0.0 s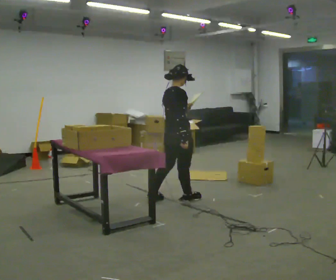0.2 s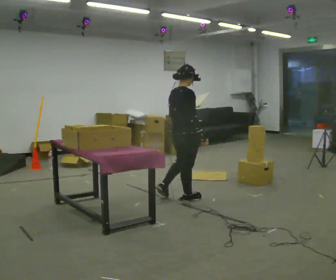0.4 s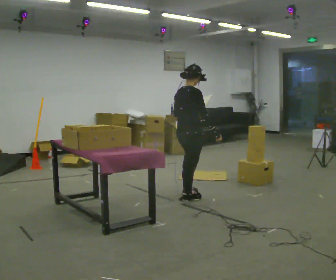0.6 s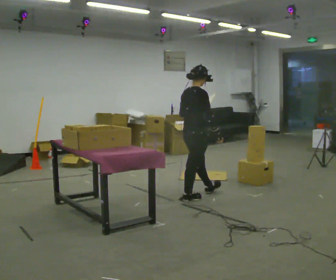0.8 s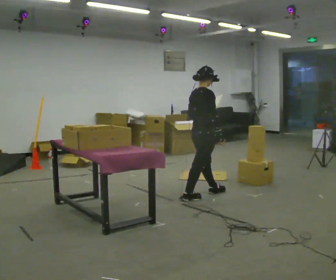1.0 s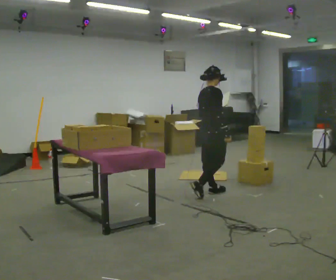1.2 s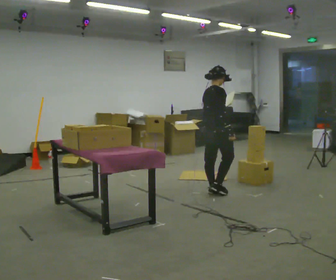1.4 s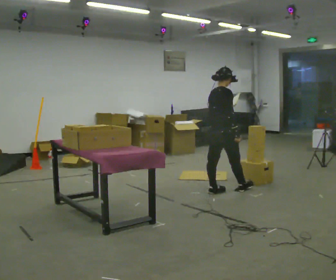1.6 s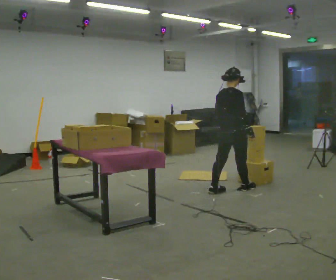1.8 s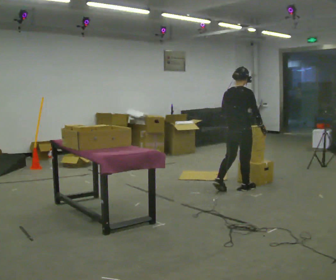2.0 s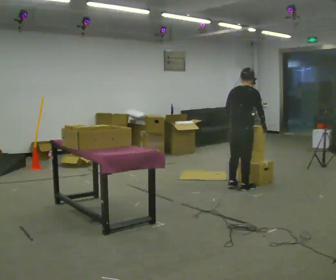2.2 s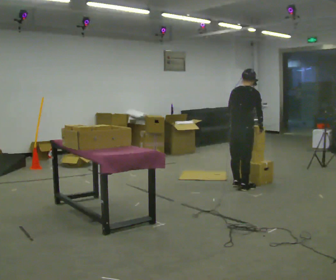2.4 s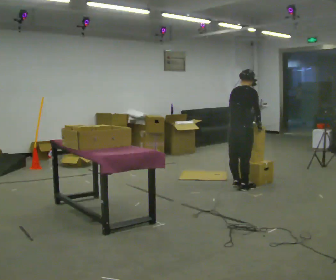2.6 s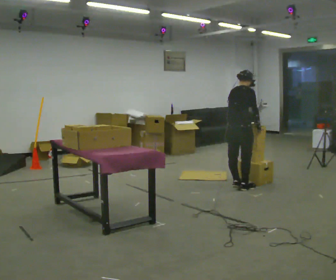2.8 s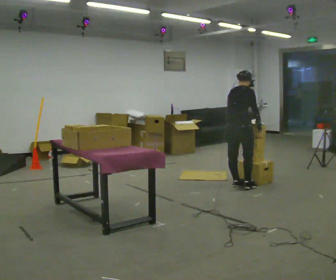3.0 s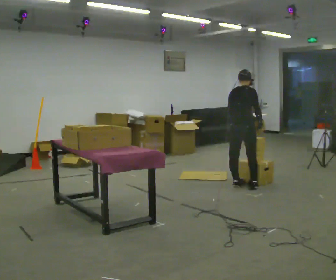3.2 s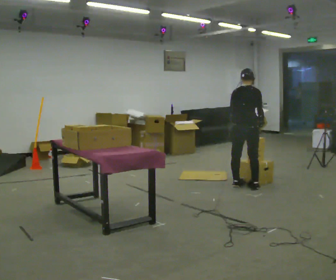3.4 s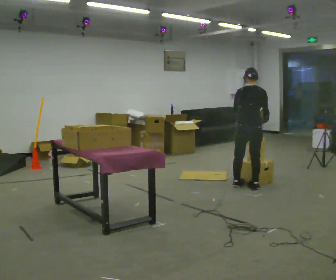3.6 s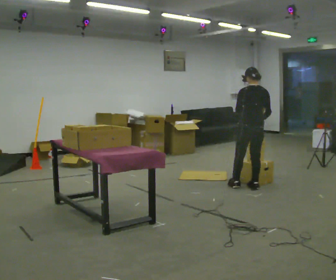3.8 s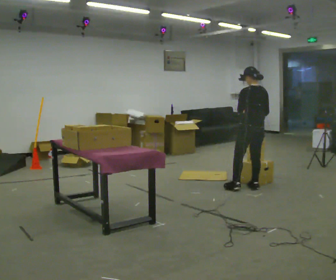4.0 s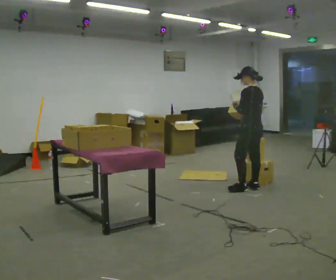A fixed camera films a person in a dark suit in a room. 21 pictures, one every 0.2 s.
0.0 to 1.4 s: In the picture they go to the right and away from the camera, about 0.75 m in 1 step, which for them is forward.
1.4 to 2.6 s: In the picture they go away from the camera and to the right, about 0.25 m in 2 steps, which for them is forward.
2.6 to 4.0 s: The part of the body nearest the lens slides to the right as the person turns to their left by about 105 degrees. In the picture they go to the right, about 0.25 m in 1 step.
The film runs forward here.
